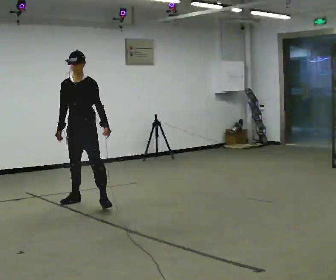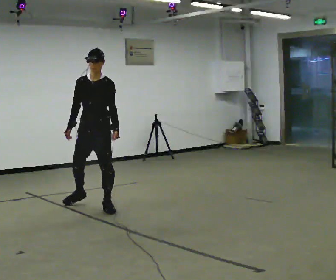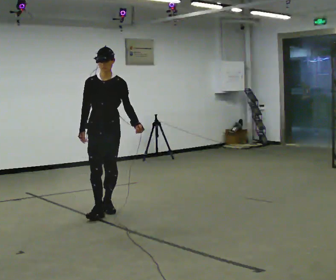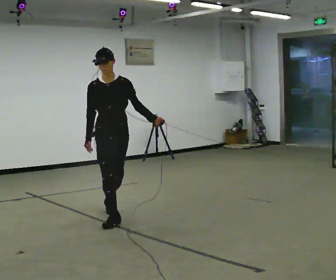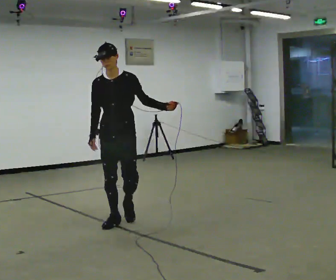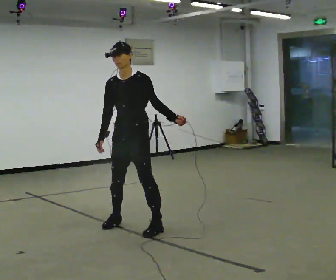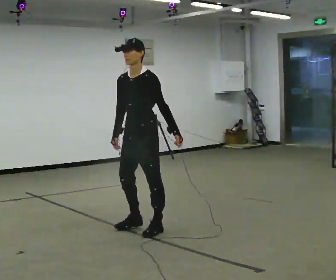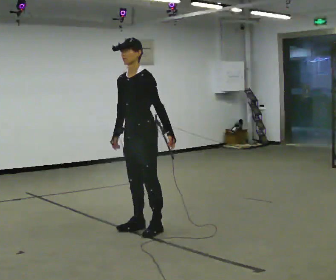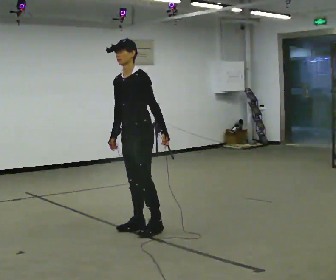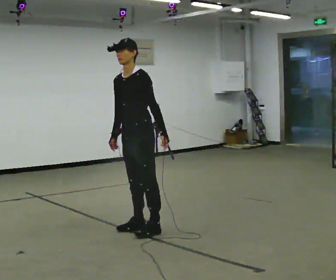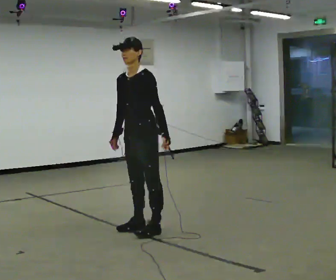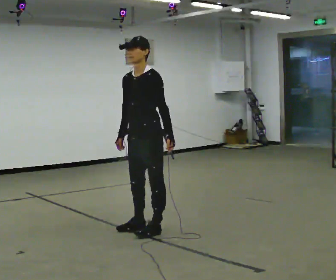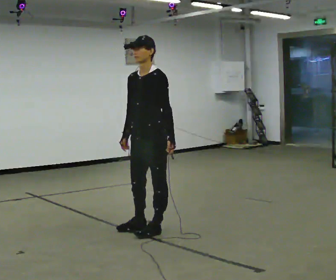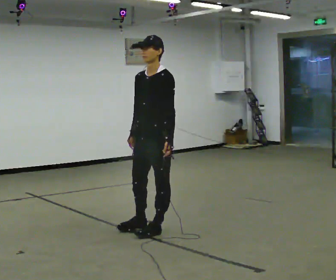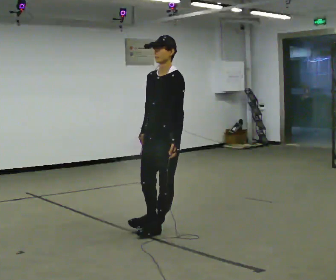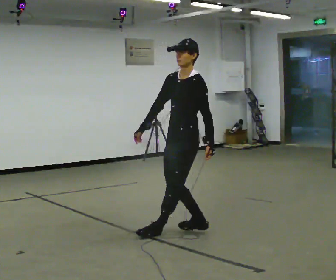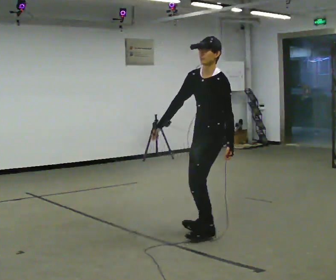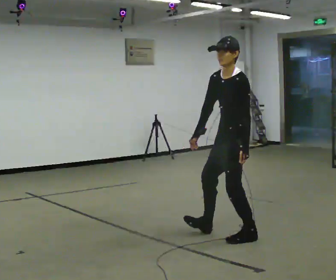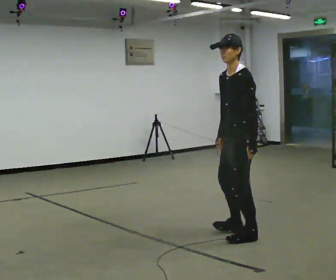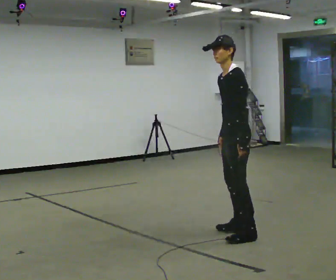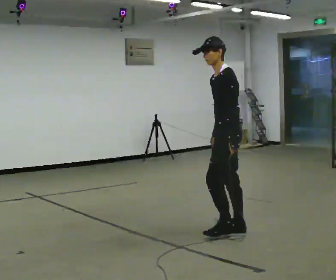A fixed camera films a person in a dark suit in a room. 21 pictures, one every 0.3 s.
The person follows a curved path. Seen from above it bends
counterclockwise.
0.0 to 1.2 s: In the picture they go toward the camera and to the right, about 1 m in 2 steps, which for them is forward and to their left.
1.2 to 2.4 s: The person turns about 45 degrees to their right, clockwise seen from above, so the part of the body nearest the lens slides to the left. In the picture they go toward the camera and to the right, about 0.25 m in 2 steps, which for them is to their left.
2.4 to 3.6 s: In the picture they go toward the camera, about 0.25 m, which for them is to their left.
3.6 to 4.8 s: In the picture they go to the right, about 0.5 m in 1 step, which for them is to their left and backward.
4.8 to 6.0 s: The part of the body nearest the lens slides to the left as the person turns to their right by about 30 degrees. In the picture they go to the right, about 0.25 m in 2 steps, which for them is backward. In the picture their right hand goes to the right.
The film runs forward here.
